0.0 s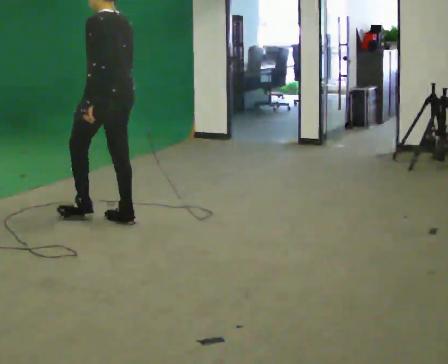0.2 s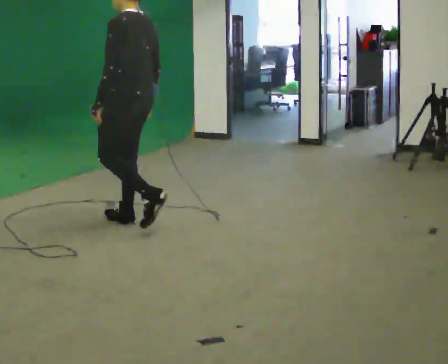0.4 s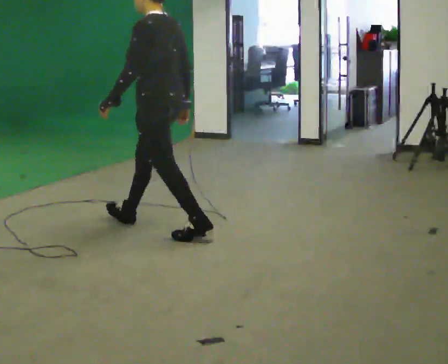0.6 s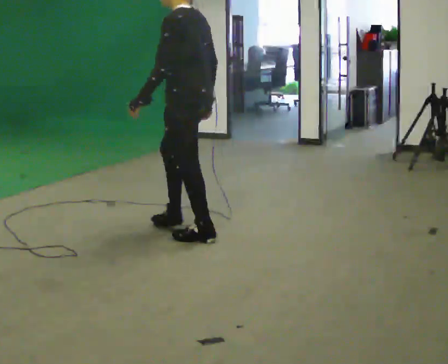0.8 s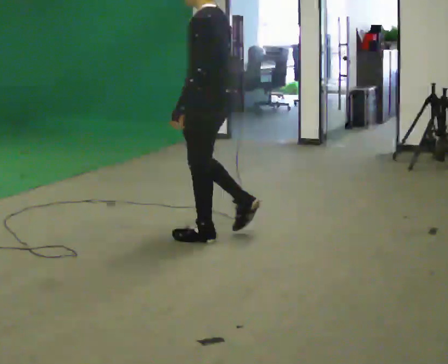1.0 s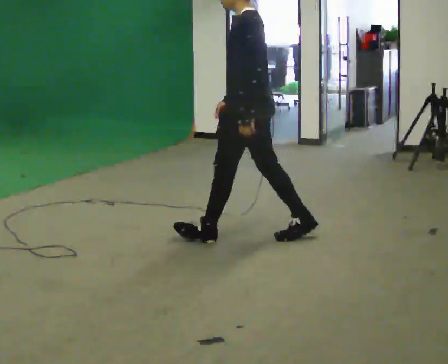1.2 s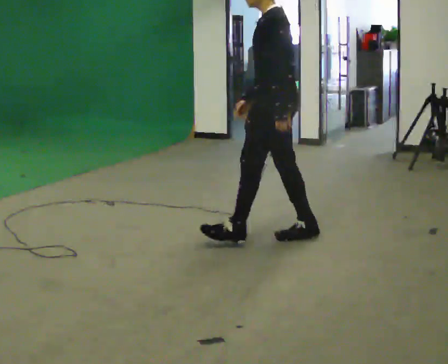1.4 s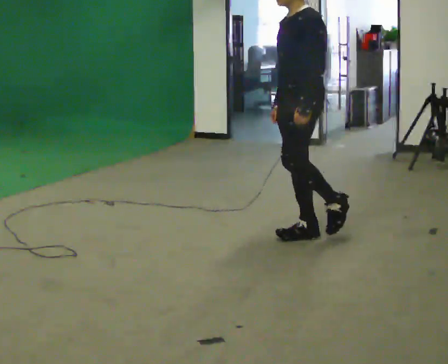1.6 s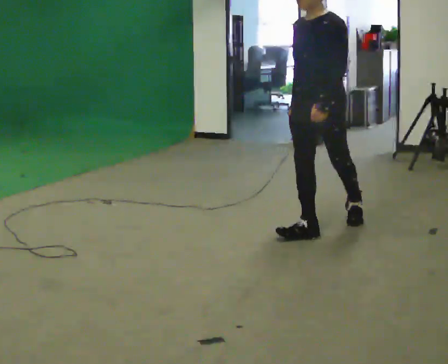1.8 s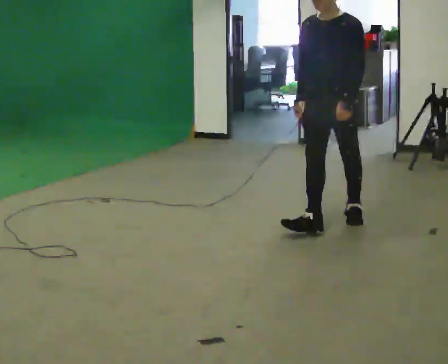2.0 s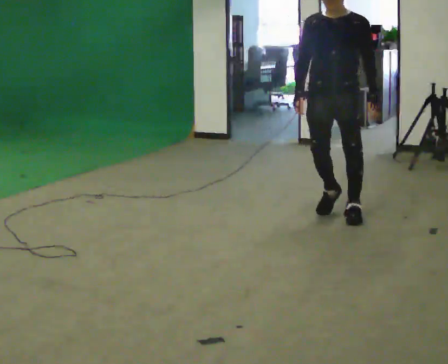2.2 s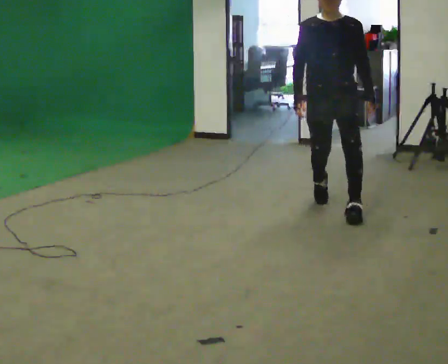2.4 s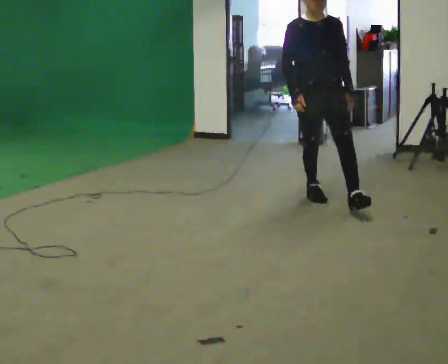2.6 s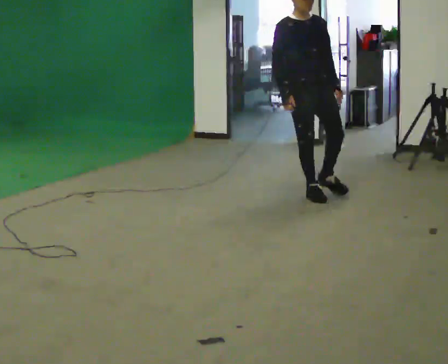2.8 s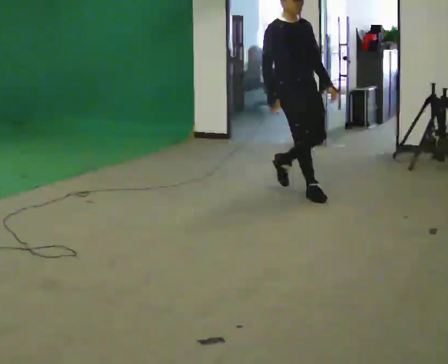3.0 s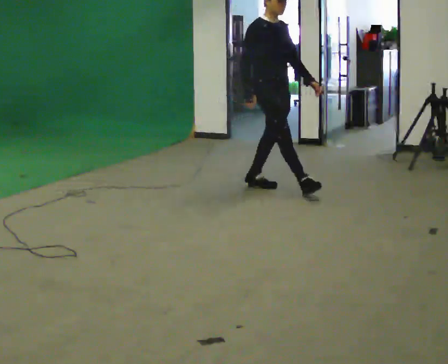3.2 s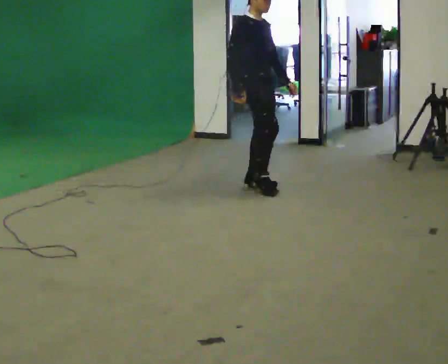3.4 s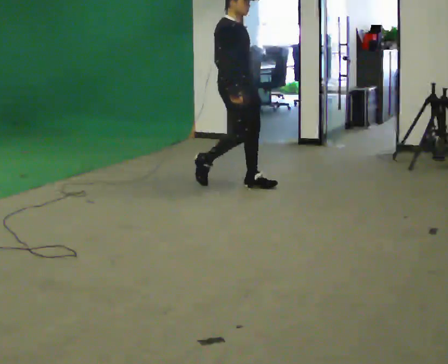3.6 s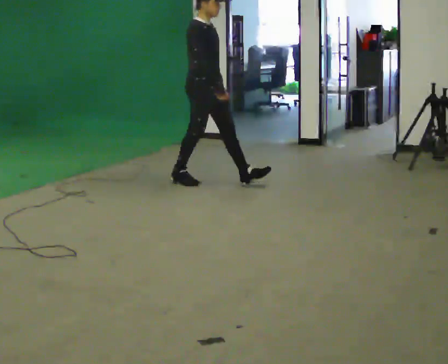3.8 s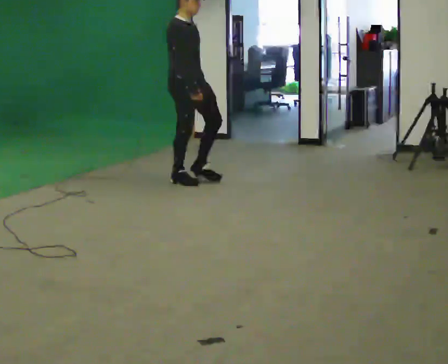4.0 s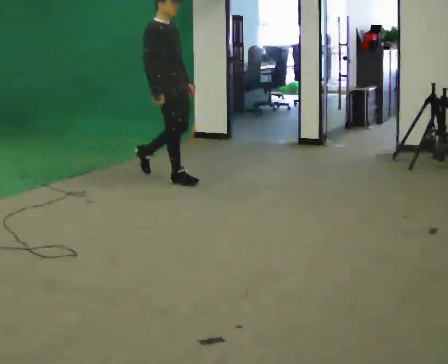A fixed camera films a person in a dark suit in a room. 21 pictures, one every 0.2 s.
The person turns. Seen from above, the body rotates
counterclockwise.
The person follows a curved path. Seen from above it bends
counterclockwise.
0.0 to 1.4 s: The part of the body nearest the lens slides to the right as the person turns to their left by about 60 degrees. In the picture they go to the right, about 1.5 m in 2 steps, which for them is backward.
1.4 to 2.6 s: The person turns about 90 degrees to their left, counterclockwise seen from above, so the part of the body nearest the lens slides to the right. In the picture they go away from the camera, about 1 m in 2 steps.
2.6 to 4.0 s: The part of the body nearest the lens slides to the right as the person turns to their left by about 45 degrees. In the picture they go to the left, about 1.5 m in 2 steps, which for them is backward.
The film runs backward here.
